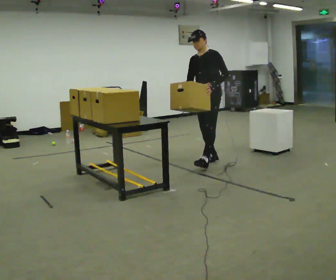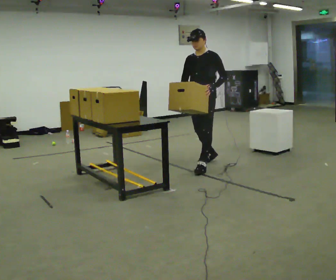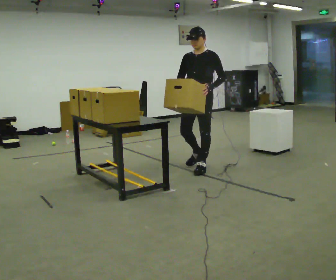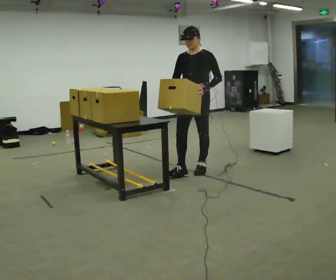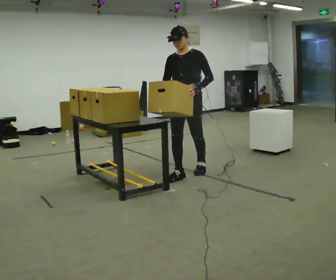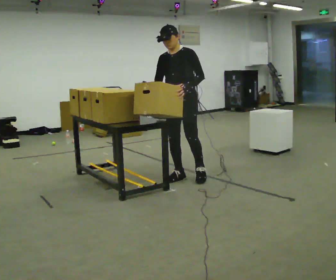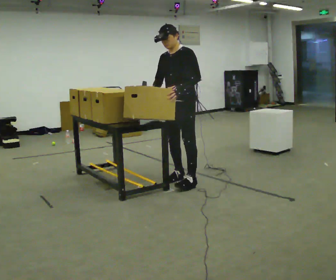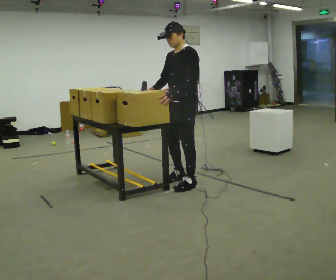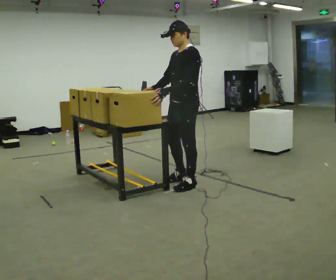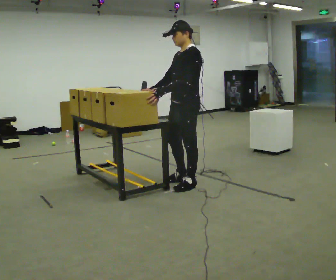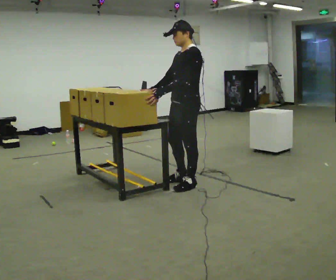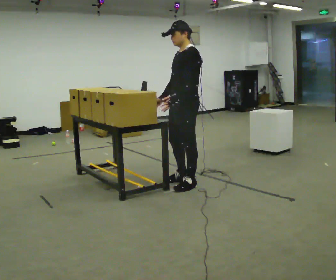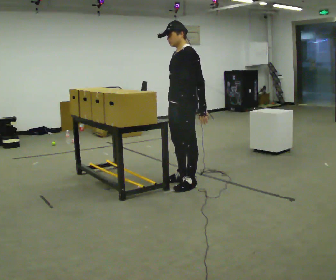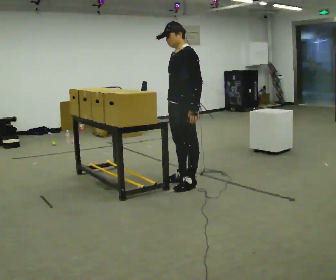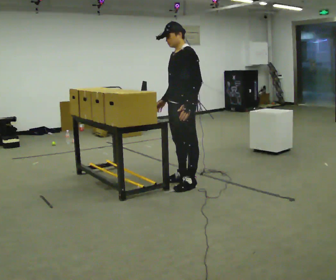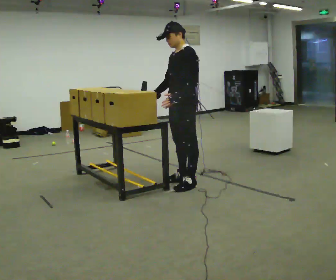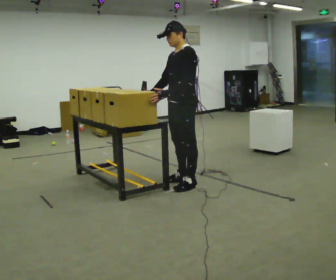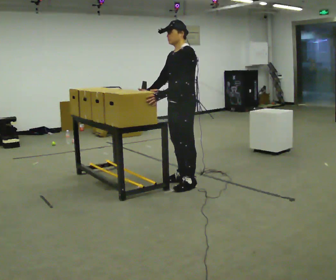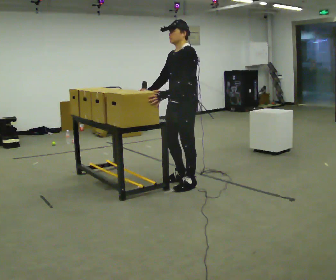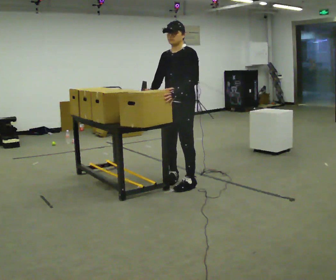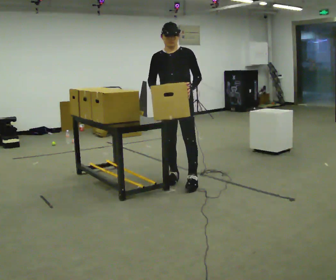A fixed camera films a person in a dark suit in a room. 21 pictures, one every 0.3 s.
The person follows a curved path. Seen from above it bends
clockwise.
0.0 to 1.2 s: In the picture they go toward the camera and to the left, about 0.5 m in 2 steps, which for them is forward.
1.2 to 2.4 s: Seen from above the body turns clockwise, about 45 degrees: to their right, with its near side sliding to the left. In the picture they go toward the camera, about 0.5 m in 1 step, which for them is forward and to their left.
2.4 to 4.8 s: The person moves a little, or ends about where they began.
4.8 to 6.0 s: Seen from above the body turns counterclockwise, about 45 degrees: to their left, with its near side sliding to the right. In the picture they go away from the camera, about 0.25 m, which for them is to their right.
The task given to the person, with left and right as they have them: Move objects one at a time from the waist-height shelf at one end of the room to the waist-height shelf at the other end. Keep going until the operator says stop; one object at a time, and do not rush between trips.
The film runs forward here.
